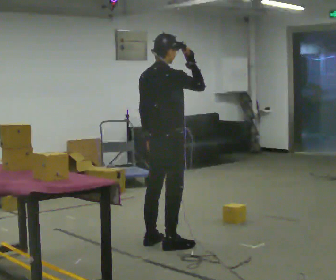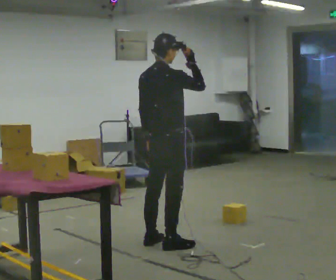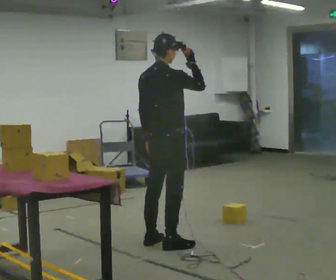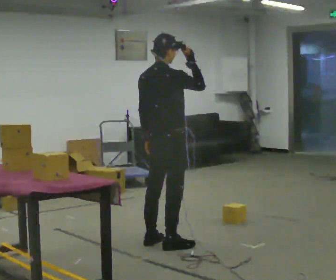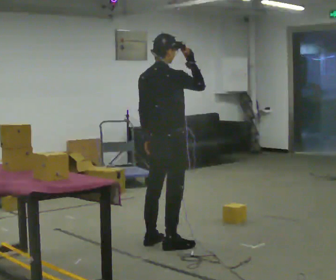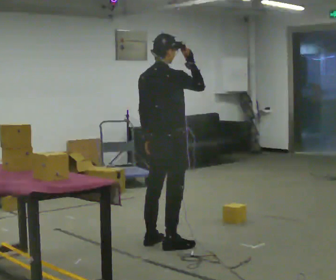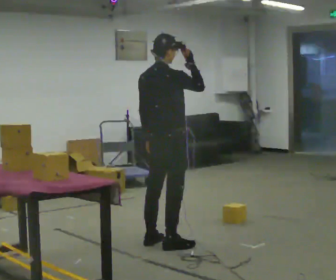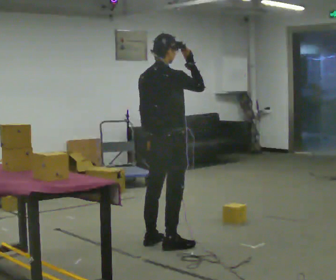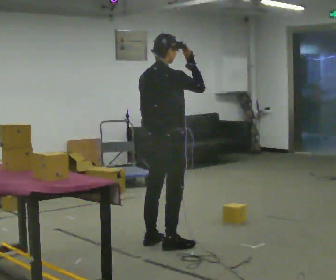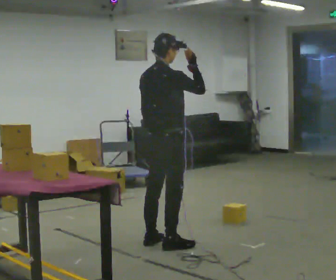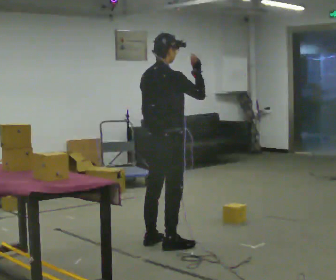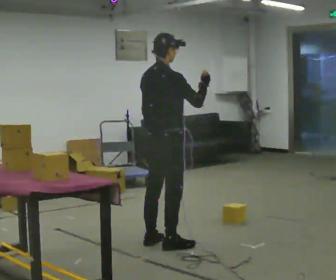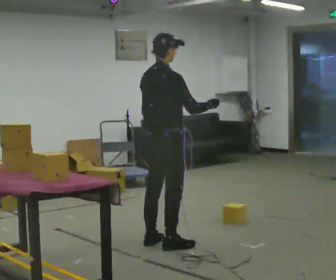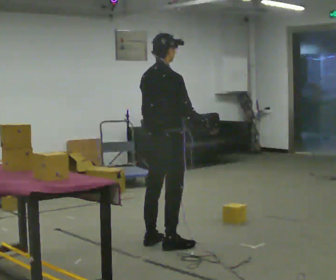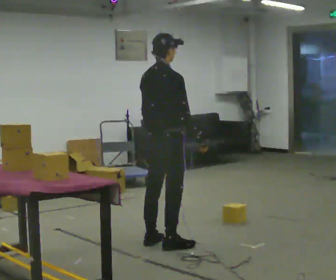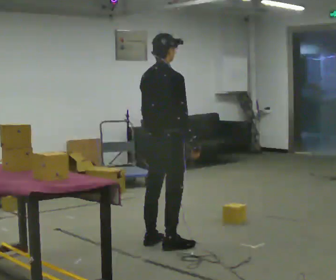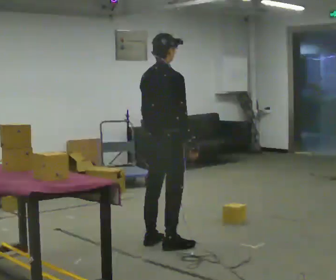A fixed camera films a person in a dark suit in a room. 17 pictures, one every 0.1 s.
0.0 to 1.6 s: In the picture their right hand goes downward.
The film runs backward here.
